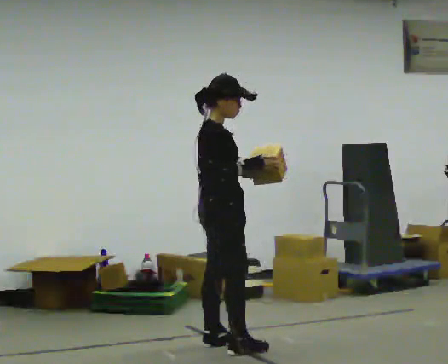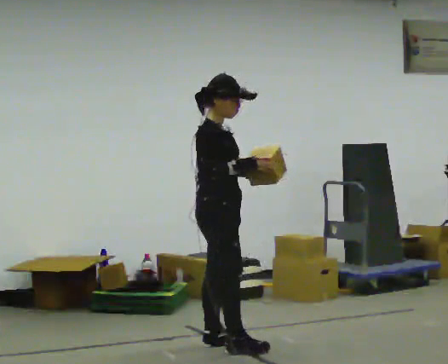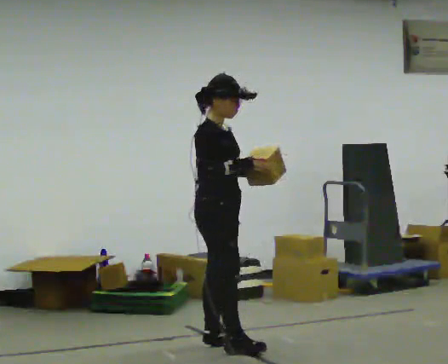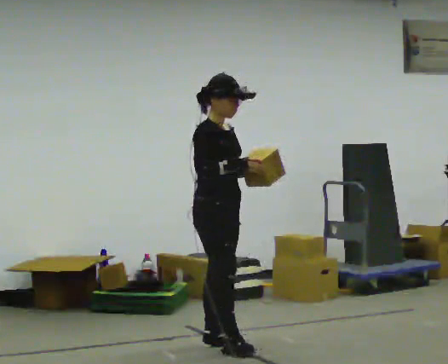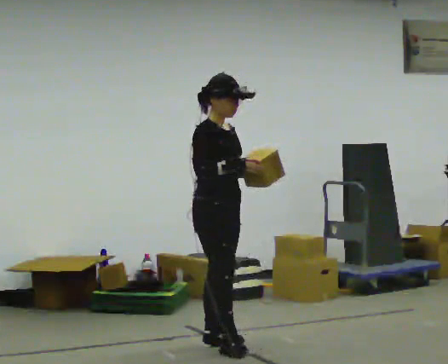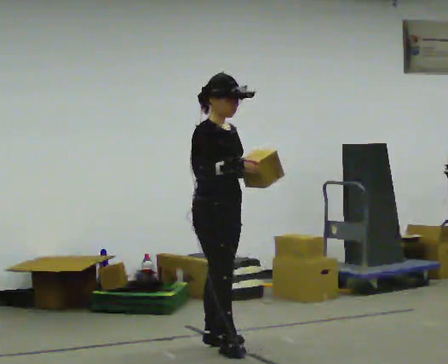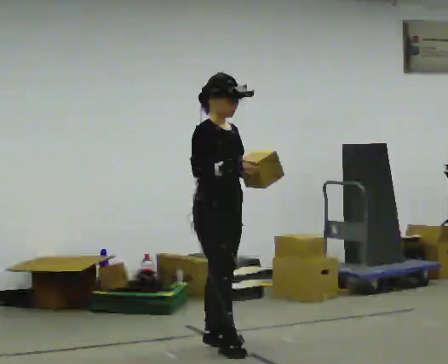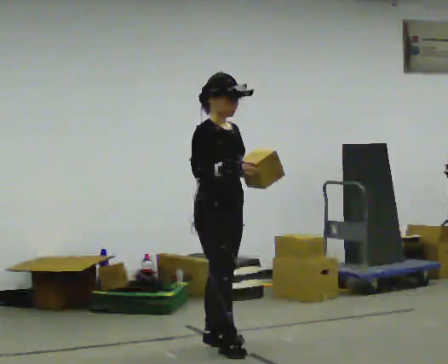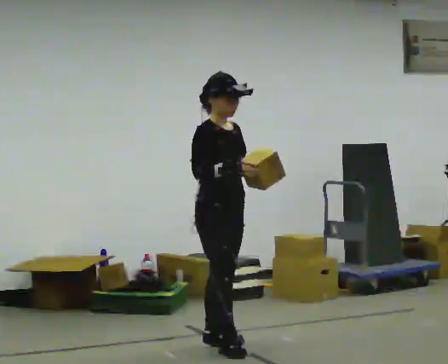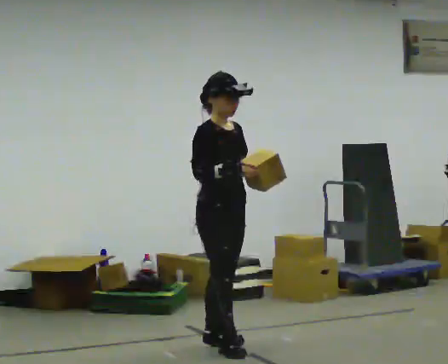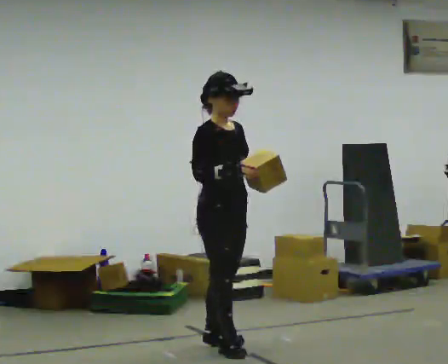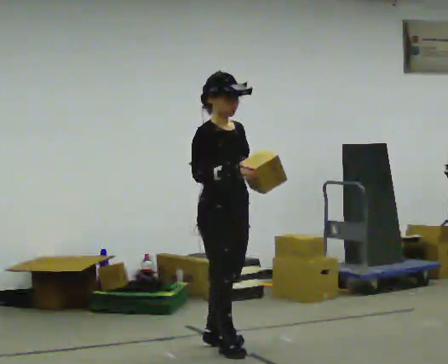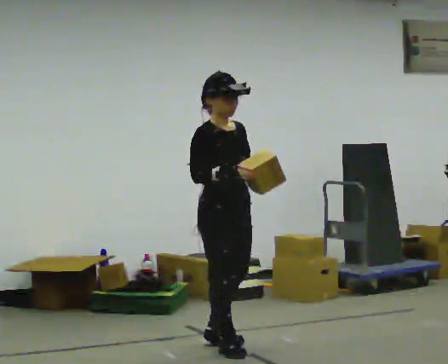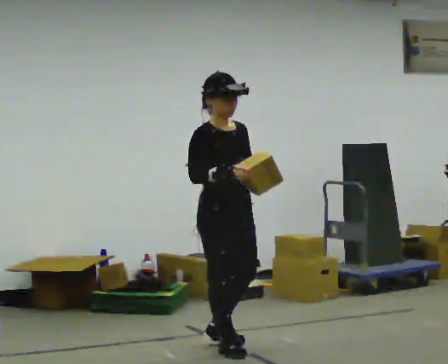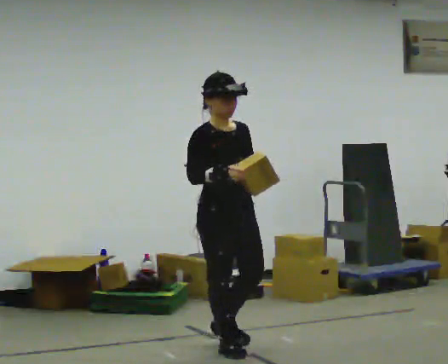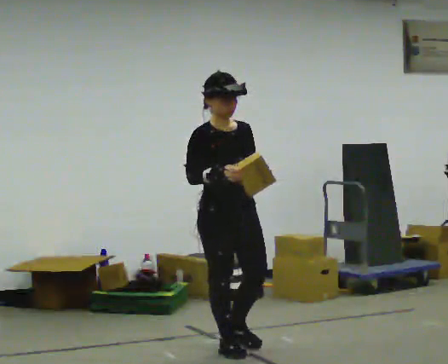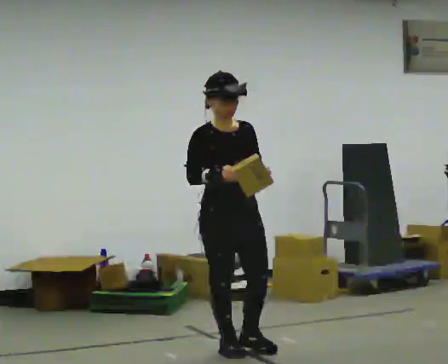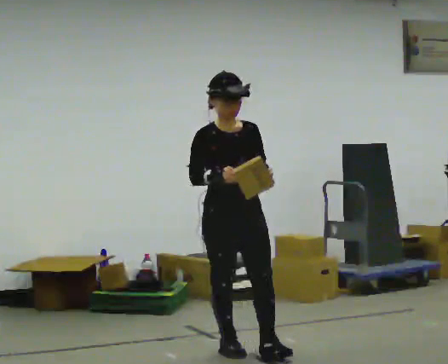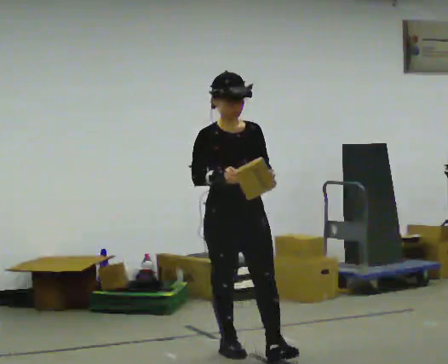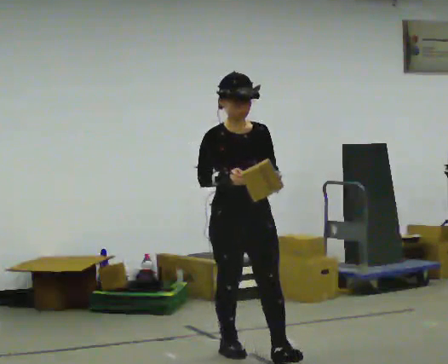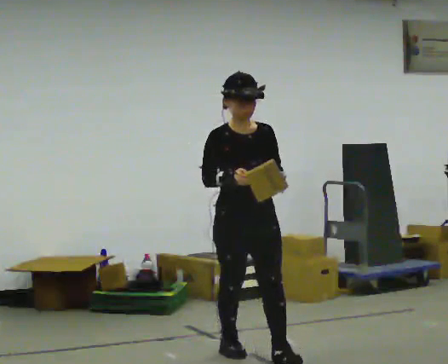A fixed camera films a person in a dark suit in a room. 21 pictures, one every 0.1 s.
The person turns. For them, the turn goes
to their right.
The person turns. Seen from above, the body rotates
clockwise.
0.0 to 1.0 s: The person turns about 30 degrees to their right, clockwise seen from above, so the part of the body nearest the lens slides to the left.
1.0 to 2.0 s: The part of the body nearest the lens slides to the left as the person turns to their right by about 45 degrees. In the picture they go toward the camera and to the right, about 0.25 m in 1 step, which for them is forward.
The film runs forward here.
